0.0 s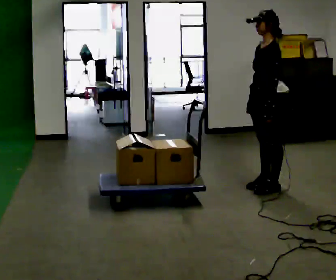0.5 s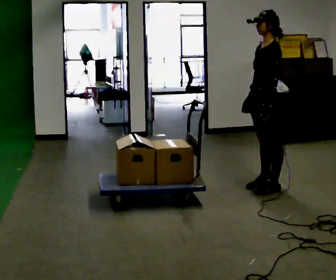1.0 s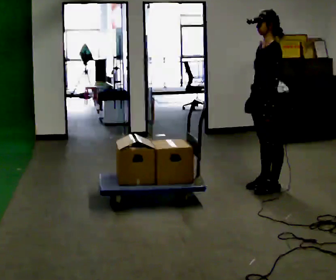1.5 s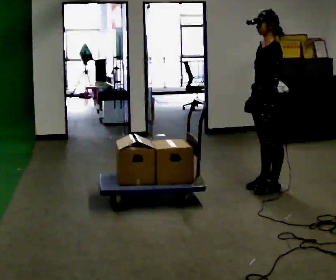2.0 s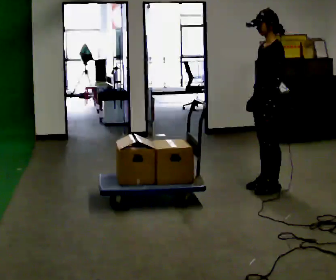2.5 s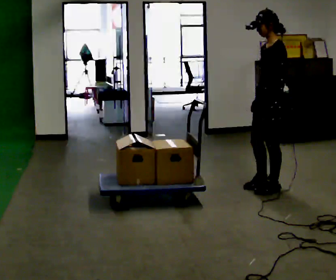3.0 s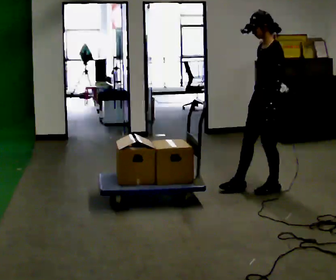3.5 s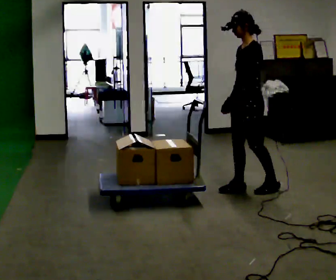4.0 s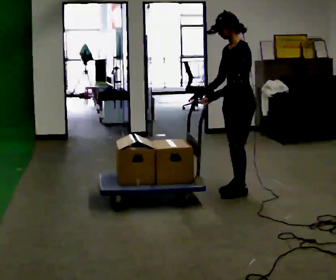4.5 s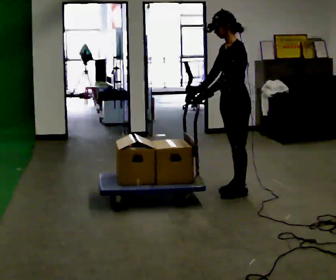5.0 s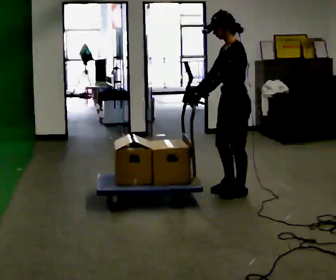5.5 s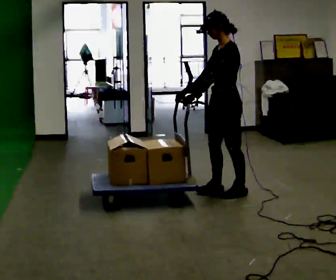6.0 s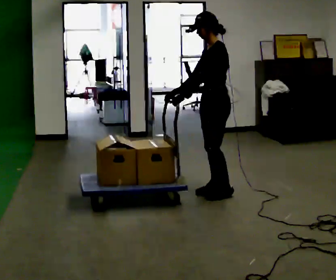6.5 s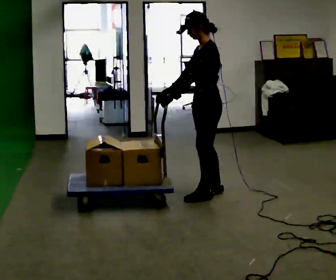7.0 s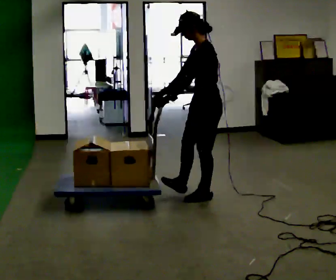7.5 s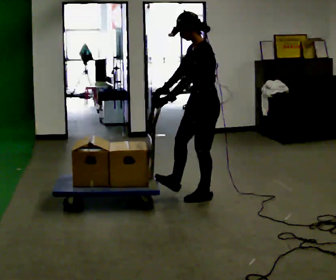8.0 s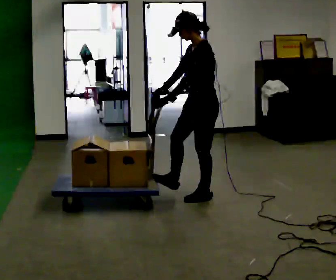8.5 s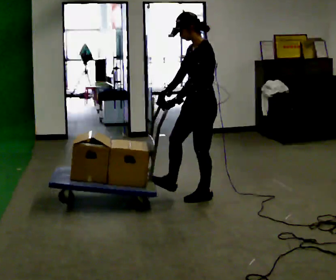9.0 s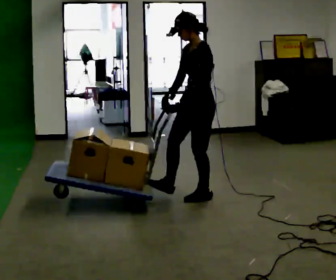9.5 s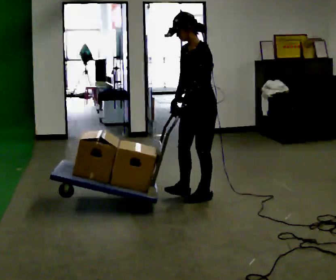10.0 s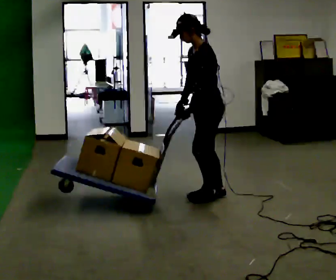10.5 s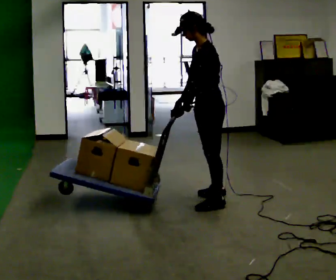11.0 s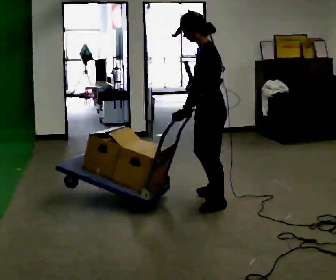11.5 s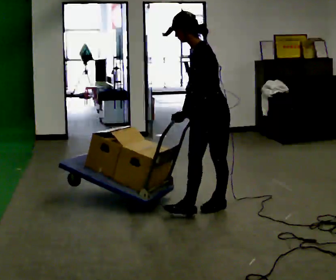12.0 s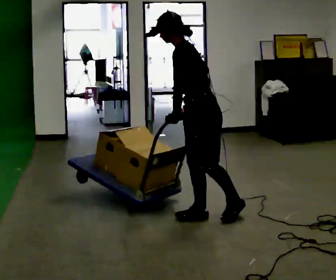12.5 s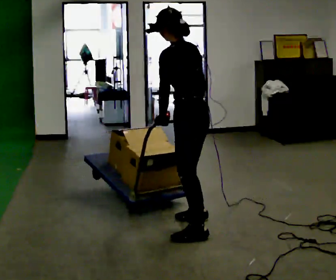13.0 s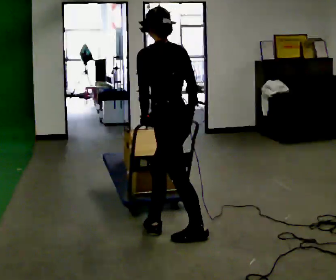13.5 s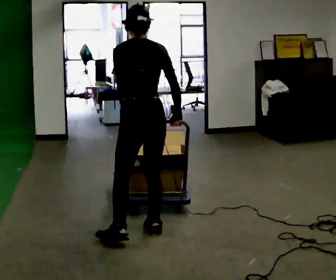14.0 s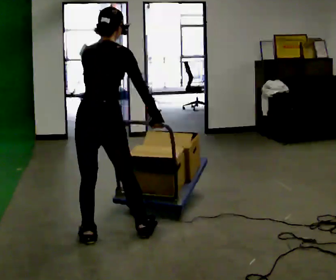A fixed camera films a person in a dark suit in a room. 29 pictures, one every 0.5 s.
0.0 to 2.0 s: The person moves a little, or ends about where they began.
2.0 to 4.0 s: In the picture they go to the left, about 0.25 m in 2 steps, which for them is forward.
4.0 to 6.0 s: In the picture they go to the left, about 0.25 m in 1 step, which for them is forward.
6.0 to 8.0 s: In the picture they go toward the camera, about 0.25 m in 2 steps, which for them is to their left and forward.
8.0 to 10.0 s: The person moves a little, or ends about where they began.
10.0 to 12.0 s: In the picture they go toward the camera, about 0.5 m in 2 steps, which for them is to their left.
12.0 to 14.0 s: The part of the body nearest the lens slides to the left as the person turns to their right by about 105 degrees. In the picture they go to the left and toward the camera, about 1 m in 3 steps. In the picture the upper body tilts clockwise, shoulders to the right.
The film runs forward here.
